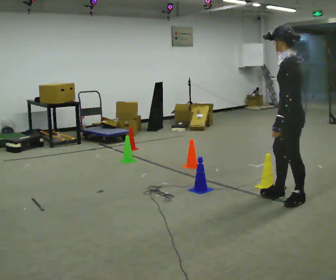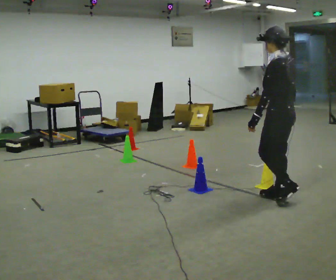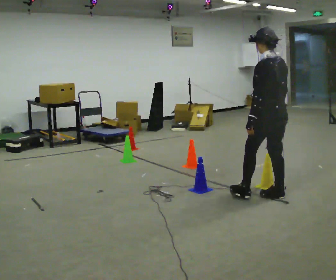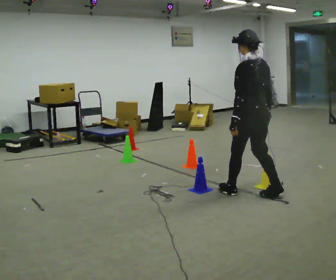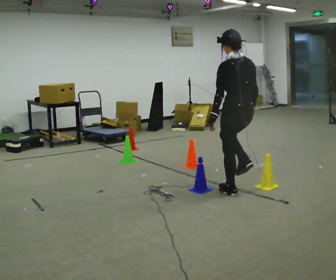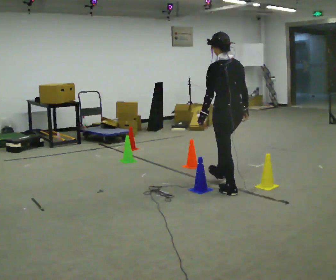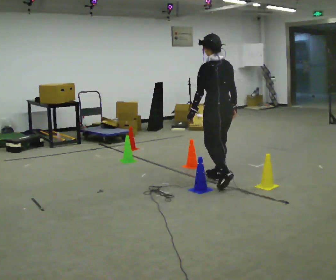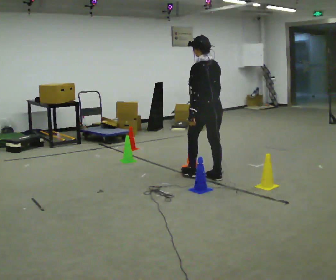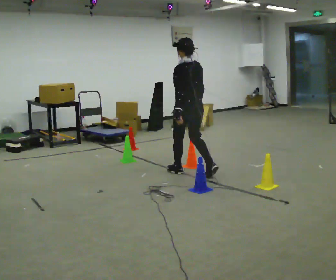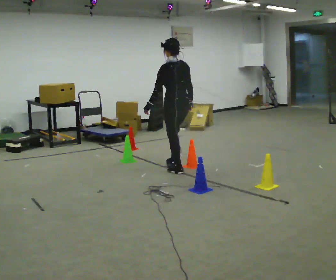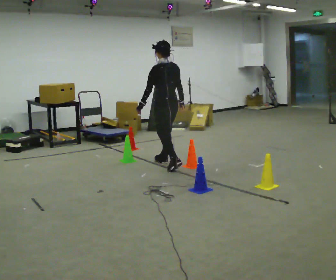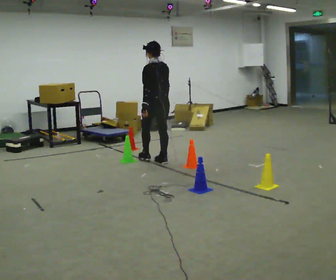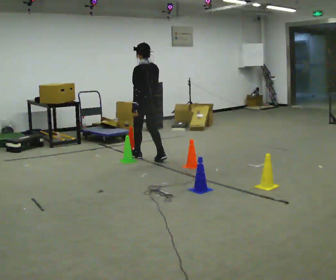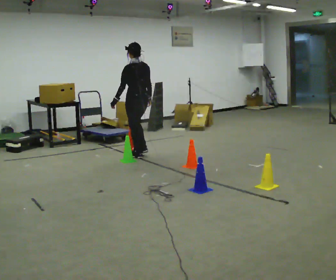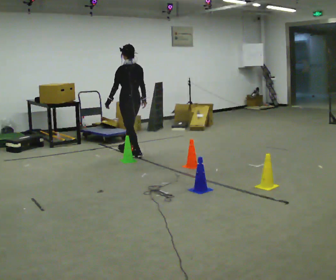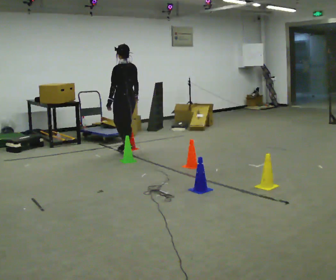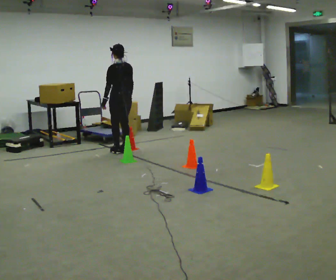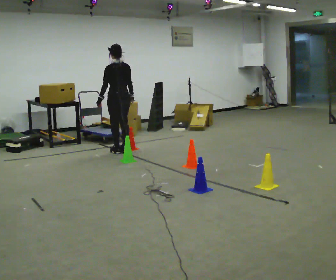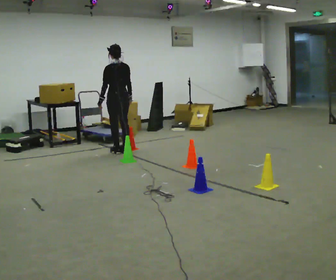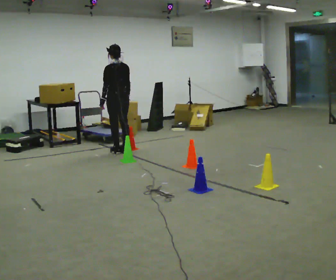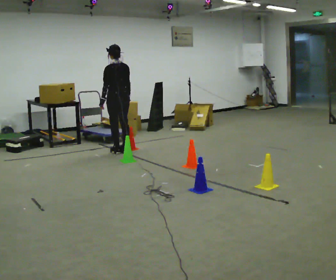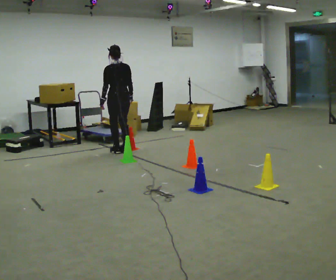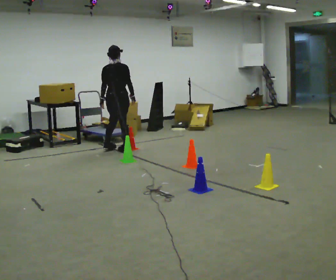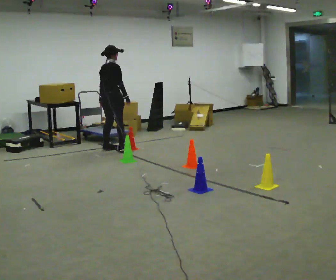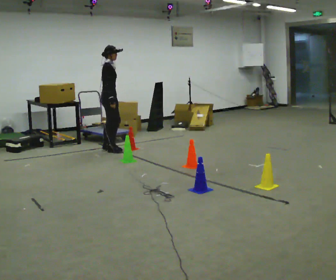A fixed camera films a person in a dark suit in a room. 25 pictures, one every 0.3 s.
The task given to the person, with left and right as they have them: Walk through passage without touching sides; continue normally after exit.
0.0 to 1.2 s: The part of the body nearest the lens slides to the left as the person turns to their right by about 45 degrees. In the picture they go to the left and away from the camera, about 0.5 m in 1 step, which for them is forward.
1.2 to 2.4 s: In the picture they go away from the camera and to the left, about 1 m in 2 steps, which for them is forward.
2.4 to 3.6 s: In the picture they go away from the camera and to the left, about 1 m in 2 steps, which for them is forward.
3.6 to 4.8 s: In the picture they go away from the camera and to the left, about 0.5 m in 2 steps, which for them is forward.
4.8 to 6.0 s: The person moves a little, or ends about where they began.
6.0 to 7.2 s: The person turns about 120 degrees to their right, clockwise seen from above, so the part of the body nearest the lens slides to the left. In the picture they go to the left, about 0.25 m in 2 steps.
The film runs forward here.
